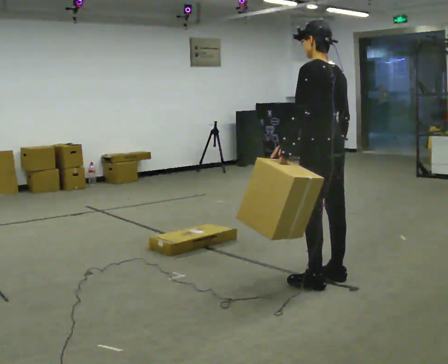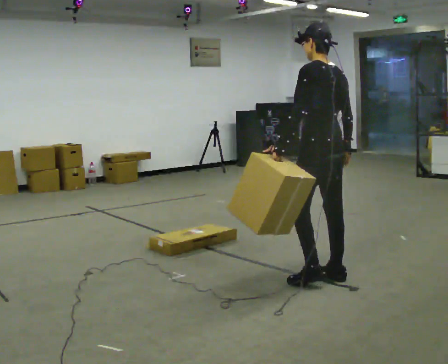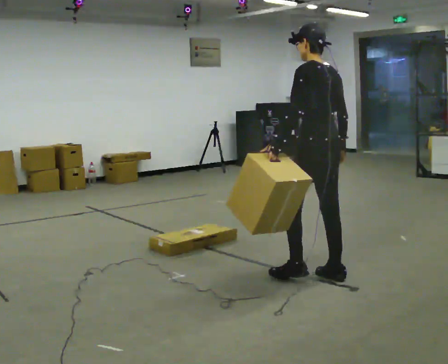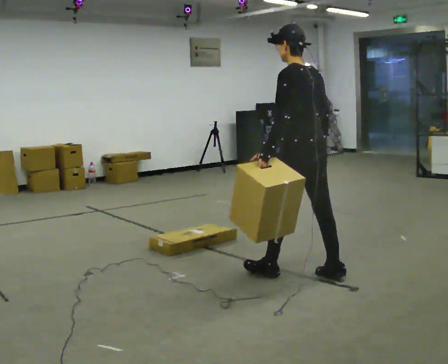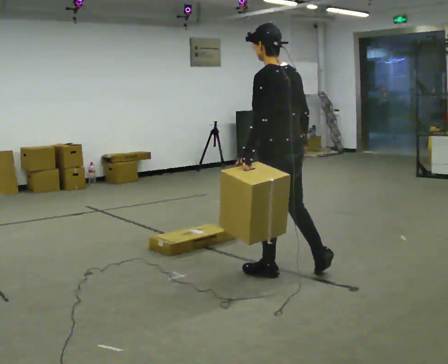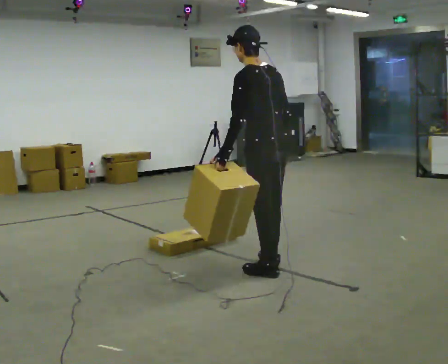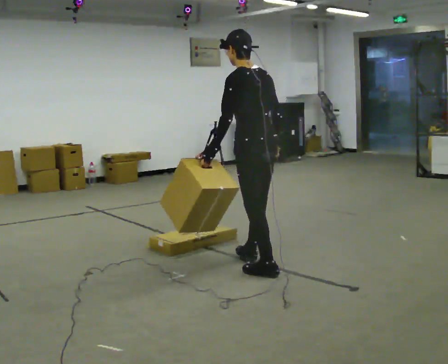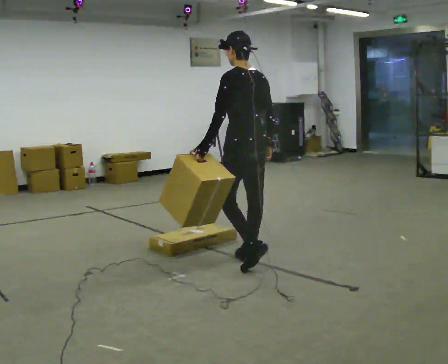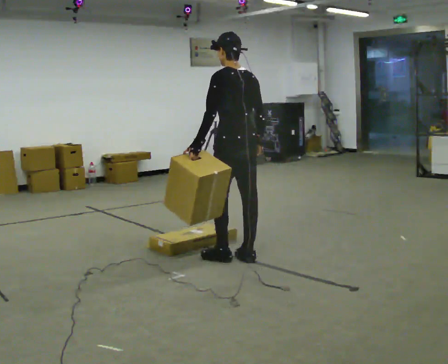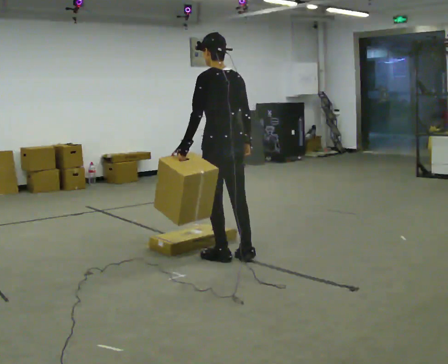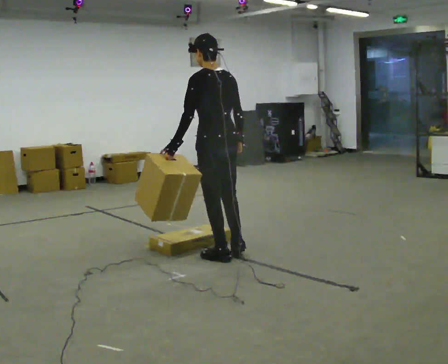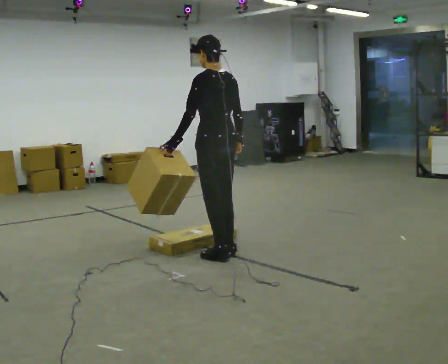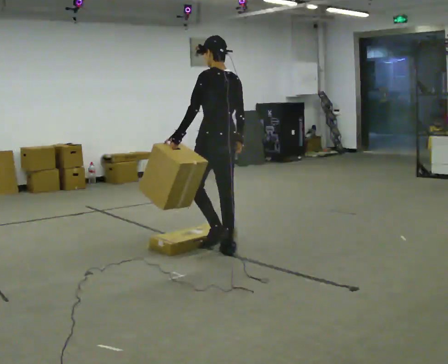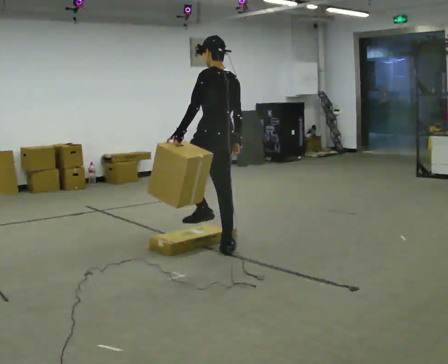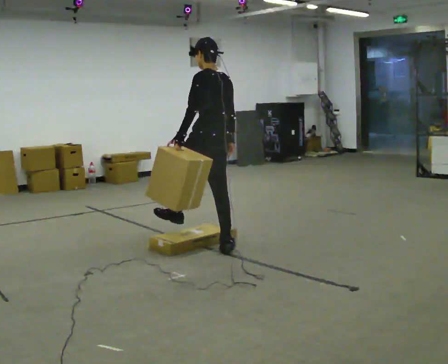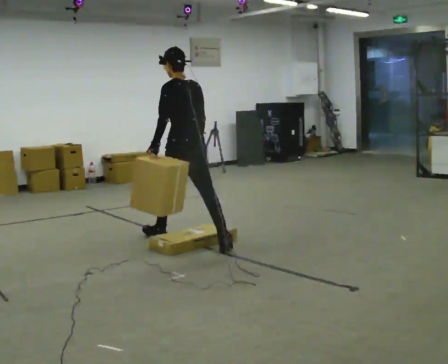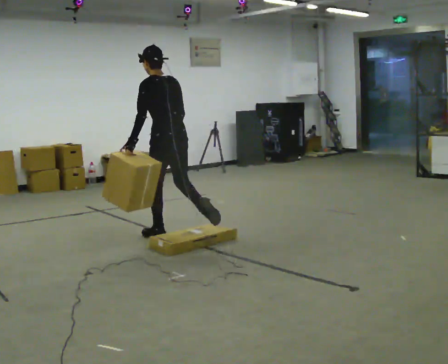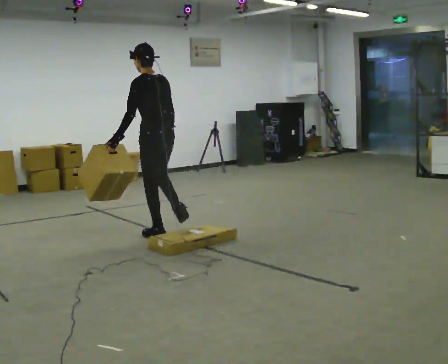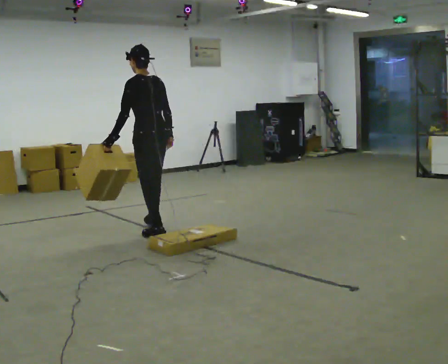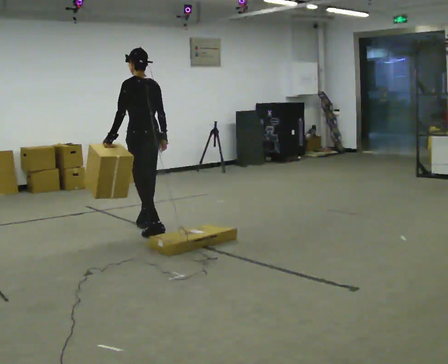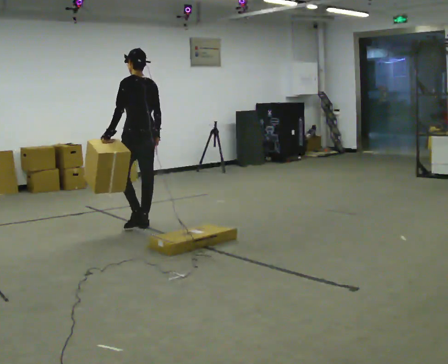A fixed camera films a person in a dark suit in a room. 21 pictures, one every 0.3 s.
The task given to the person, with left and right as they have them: Carry the box over the low sill without stopping, then bring it back over. Keep going until the operator says stop; one object at a time, and do not rush between trips.
0.0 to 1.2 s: In the picture they go to the left, about 0.25 m in 1 step, which for them is forward.
1.2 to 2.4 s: In the picture they go away from the camera and to the left, about 0.5 m in 1 step, which for them is forward.
2.4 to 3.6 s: In the picture they go away from the camera and to the left, about 0.25 m in 2 steps, which for them is forward.
3.6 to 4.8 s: In the picture they go to the left and away from the camera, about 0.5 m in 1 step, which for them is forward. In the picture the upper body tilts counterclockwise, shoulders to the left.
4.8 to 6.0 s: In the picture they go away from the camera and to the left, about 0.5 m in 1 step, which for them is forward.
The film runs forward here.
